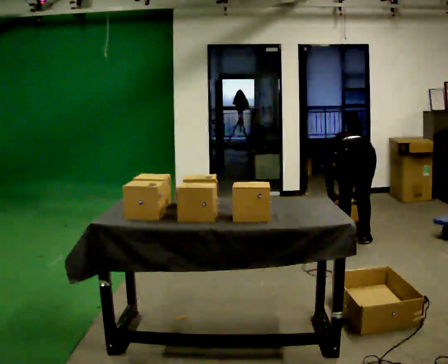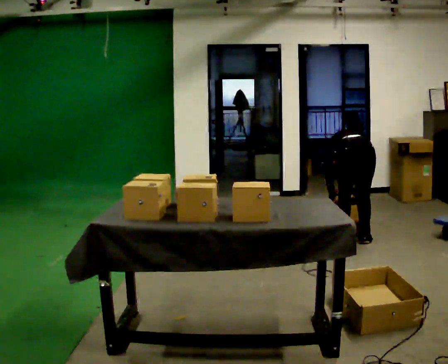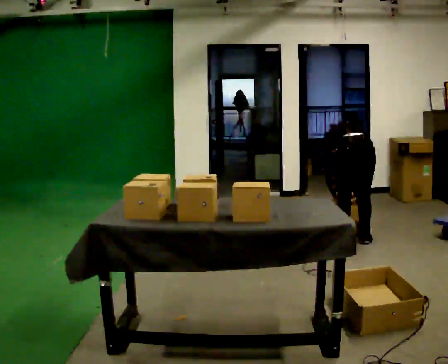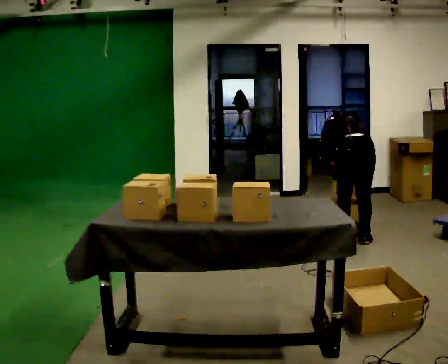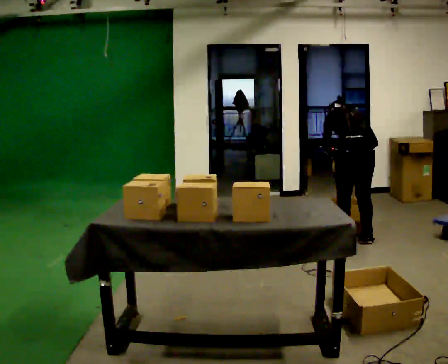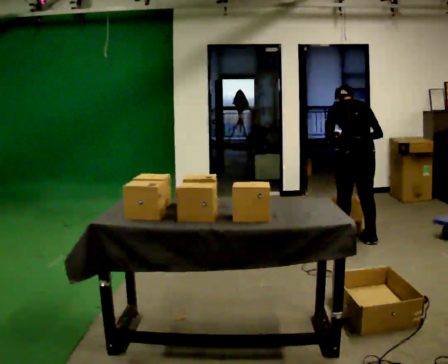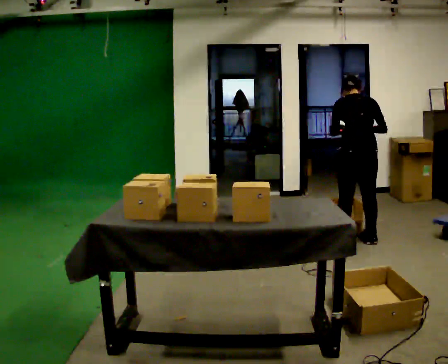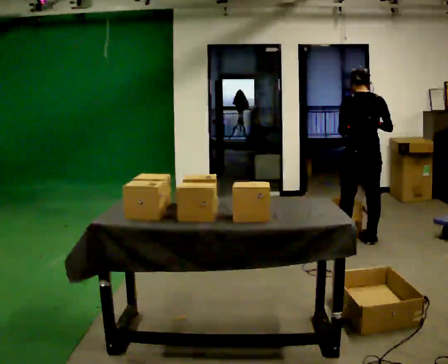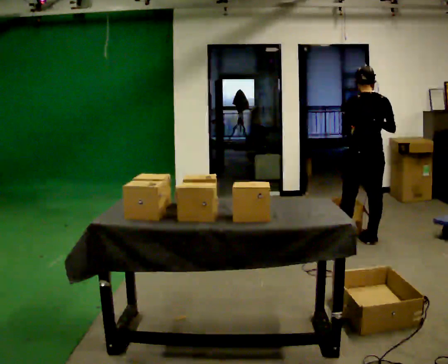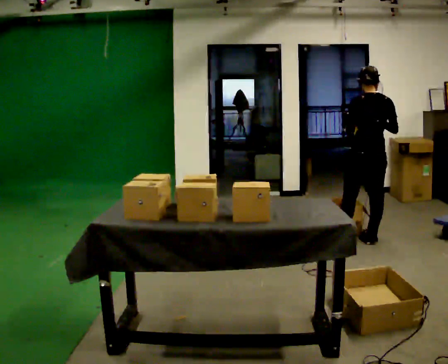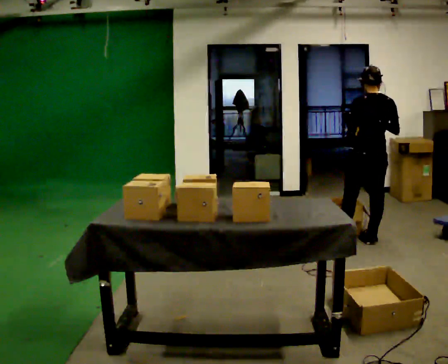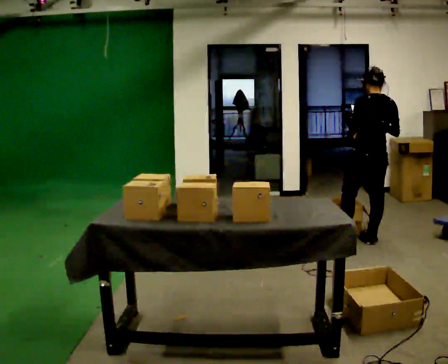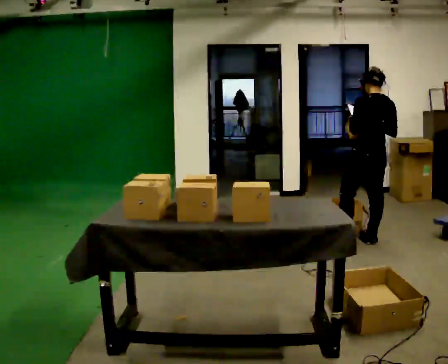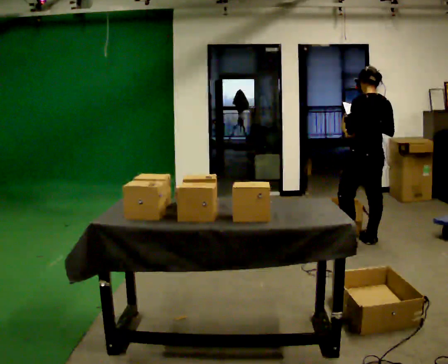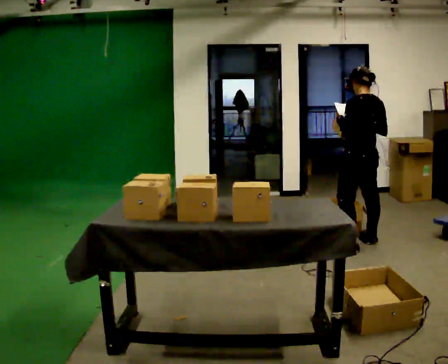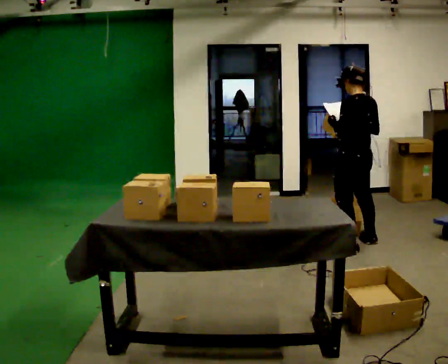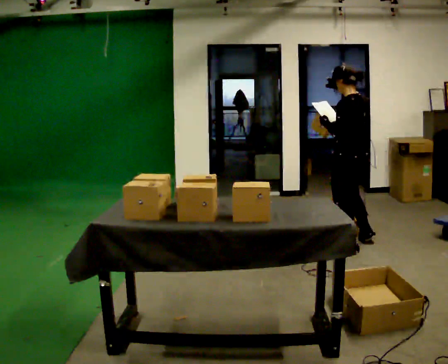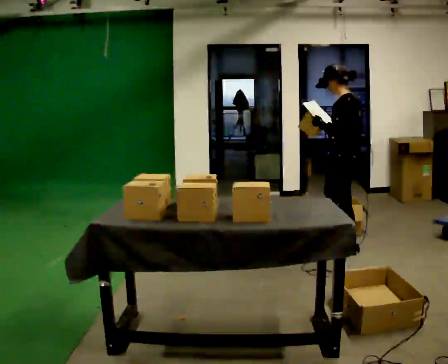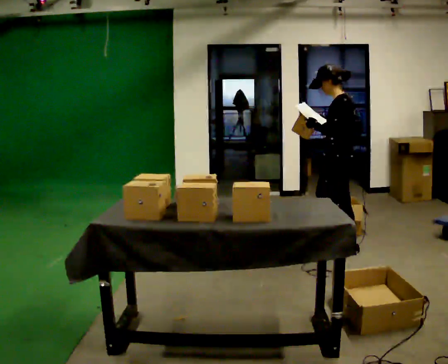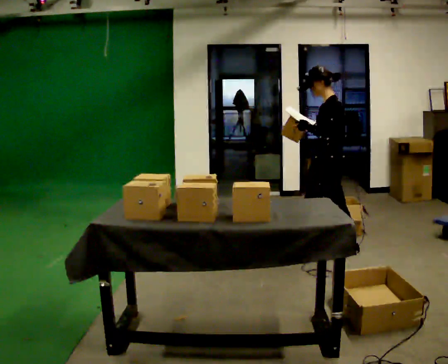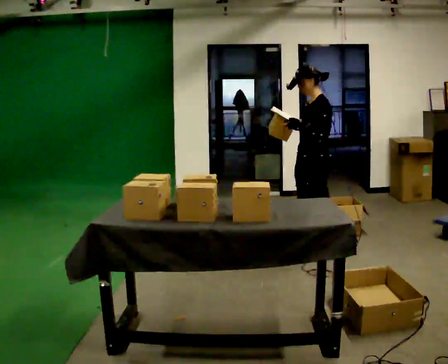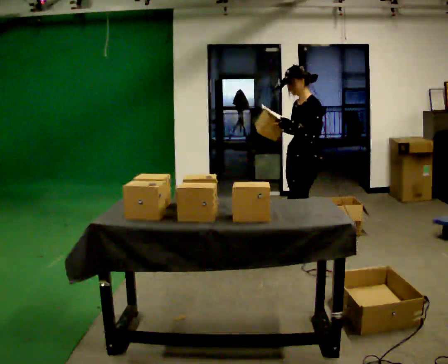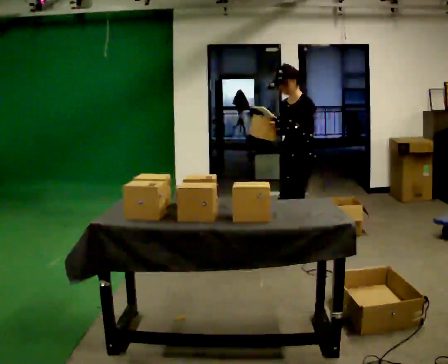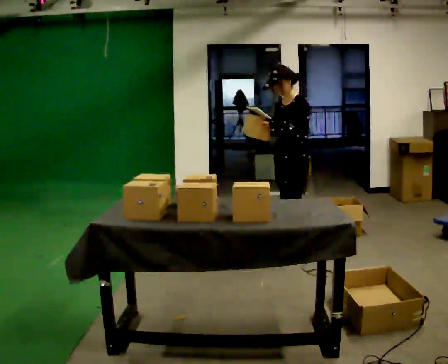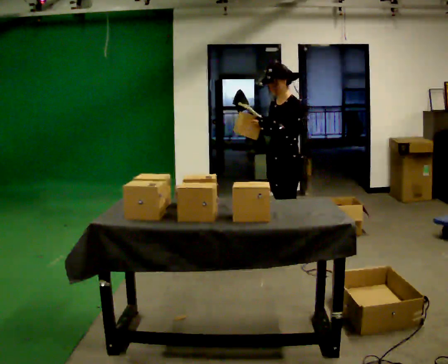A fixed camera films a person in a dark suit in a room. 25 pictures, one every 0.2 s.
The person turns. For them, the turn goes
to their left.
Their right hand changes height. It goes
upward.
0.0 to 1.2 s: The upper body goes upward. The upper body tips toward the camera, its near side rolling downward, as they lean back or straighten. In the picture their left hand goes upward.
1.2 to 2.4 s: The person moves a little, or ends about where they began.
2.4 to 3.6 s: The part of the body nearest the lens slides to the right as the person turns to their left by about 45 degrees. In the picture they go to the left and toward the camera, about 0.25 m in 1 step, which for them is to their left.
3.6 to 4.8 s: The person turns about 45 degrees to their left, counterclockwise seen from above, so the part of the body nearest the lens slides to the right. In the picture they go to the left and toward the camera, about 0.5 m in 2 steps, which for them is forward.
The film runs forward here.
